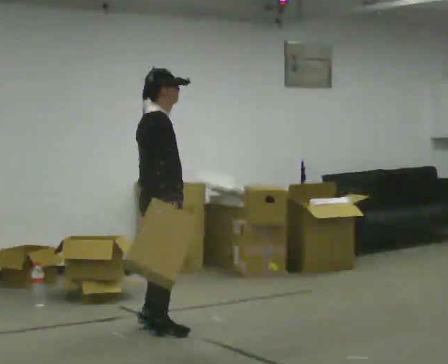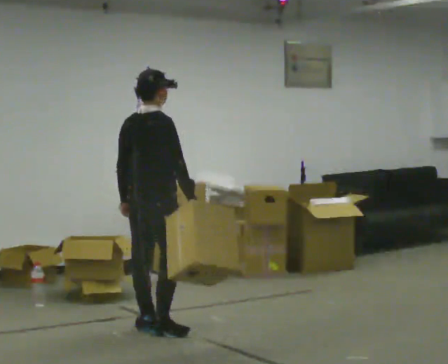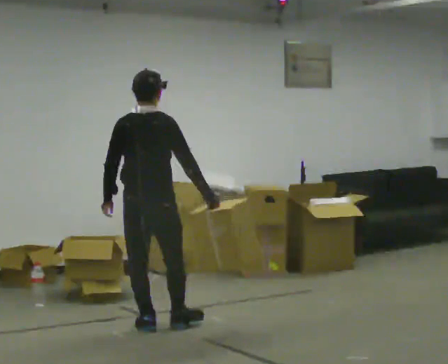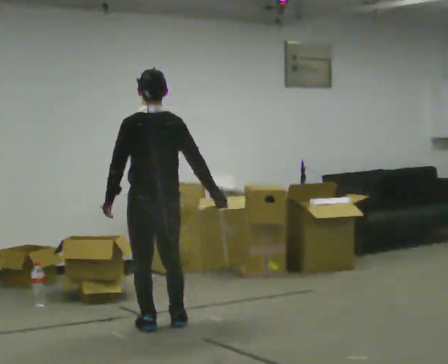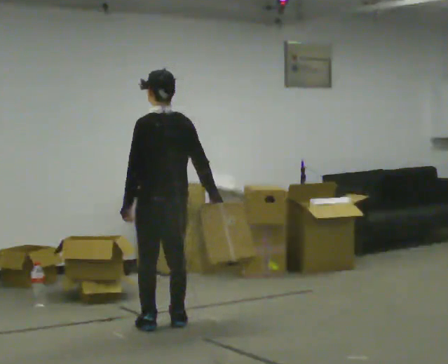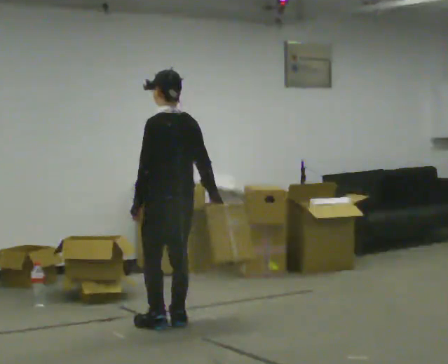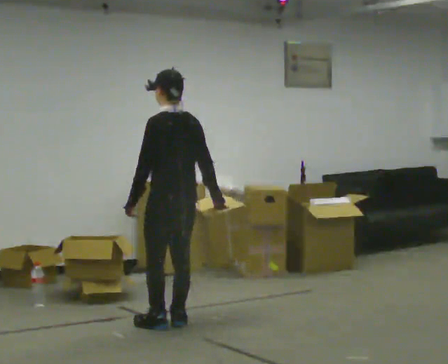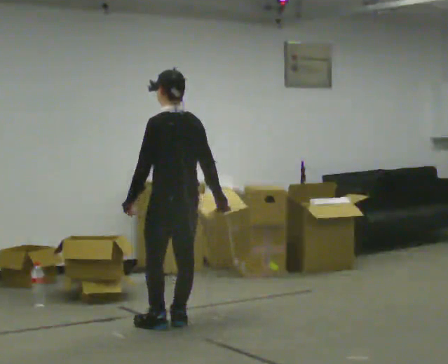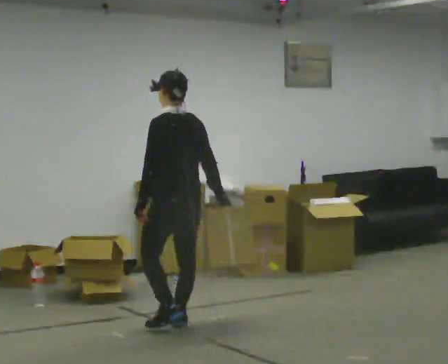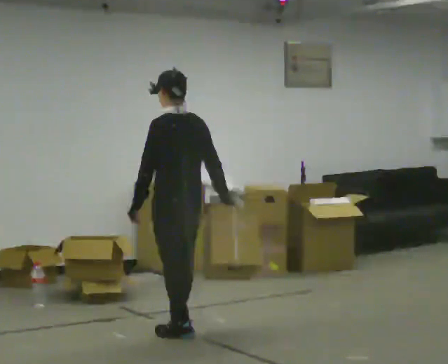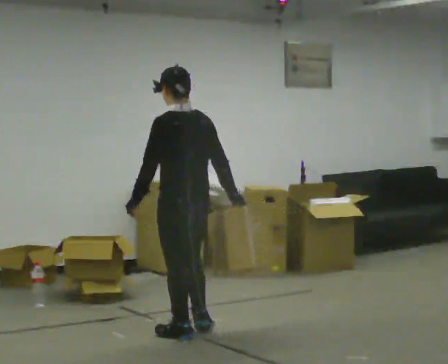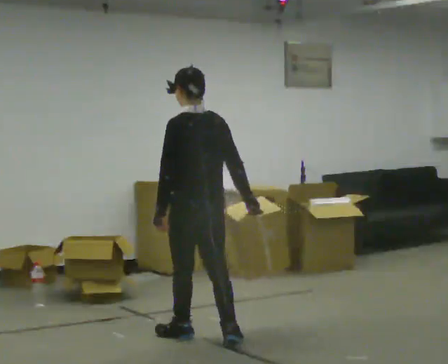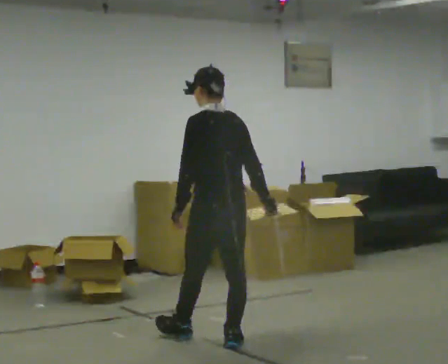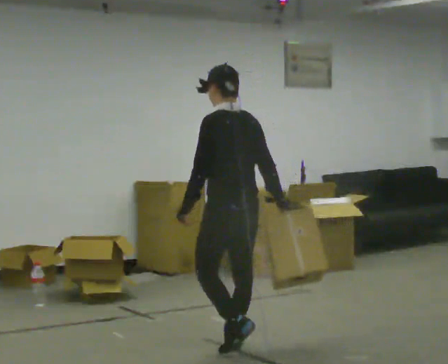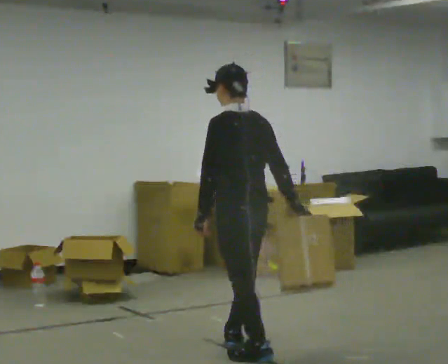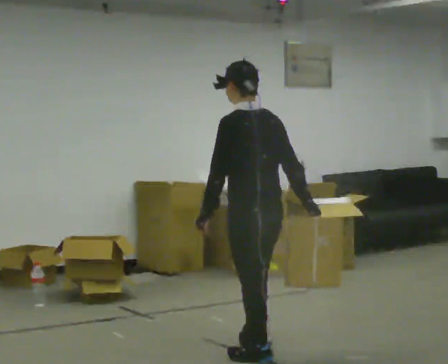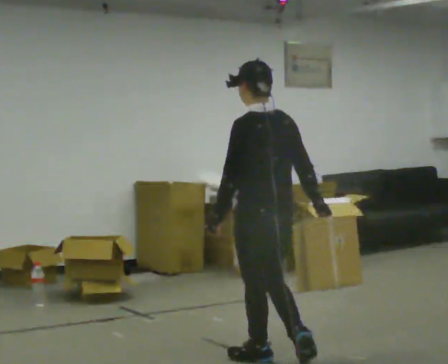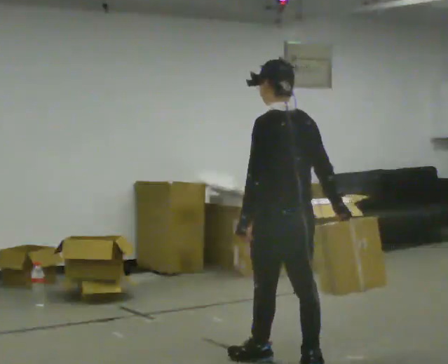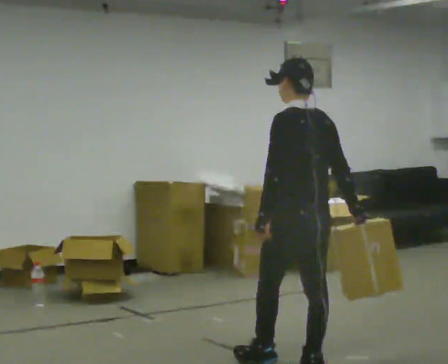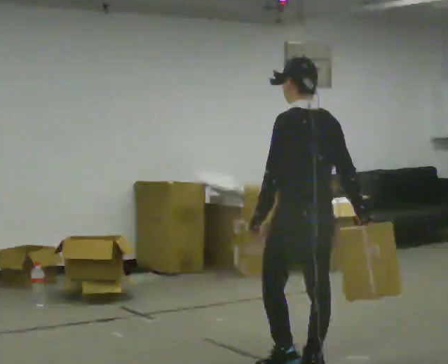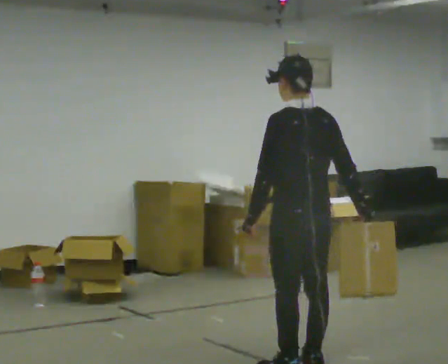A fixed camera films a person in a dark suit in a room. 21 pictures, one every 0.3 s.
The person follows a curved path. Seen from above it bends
clockwise.
0.0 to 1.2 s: Seen from above the body turns counterclockwise, about 90 degrees: to their left, with its near side sliding to the right. In the picture they go away from the camera, about 0.25 m in 1 step. In the picture their right hand goes to the right.
1.2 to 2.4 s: The person moves a little, or ends about where they began.
2.4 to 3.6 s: In the picture they go toward the camera and to the right, about 0.5 m in 2 steps, which for them is backward.
3.6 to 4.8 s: In the picture they go toward the camera and to the right, about 0.5 m in 1 step, which for them is backward.
4.8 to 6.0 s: In the picture they go to the right and toward the camera, about 0.25 m in 1 step, which for them is backward.
The film runs backward here.
